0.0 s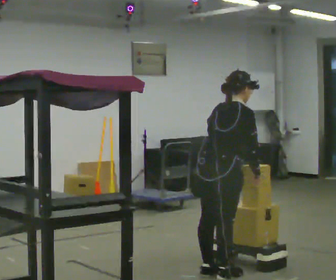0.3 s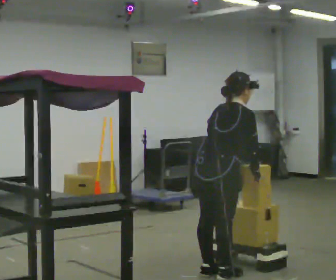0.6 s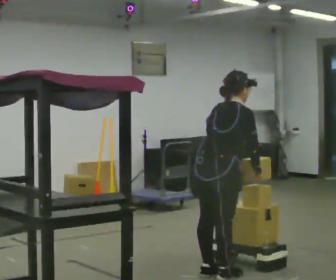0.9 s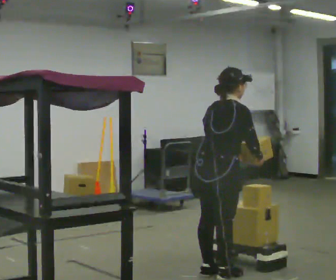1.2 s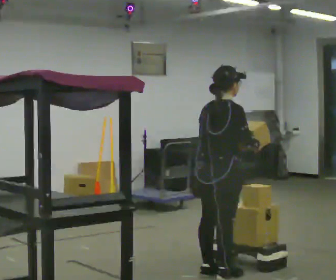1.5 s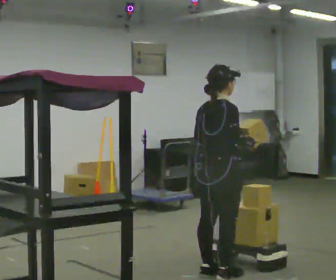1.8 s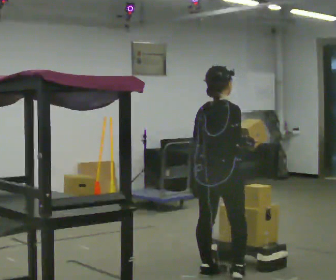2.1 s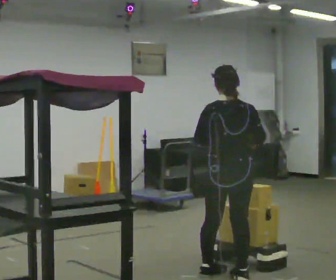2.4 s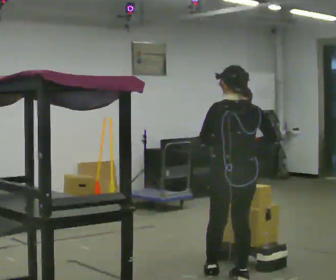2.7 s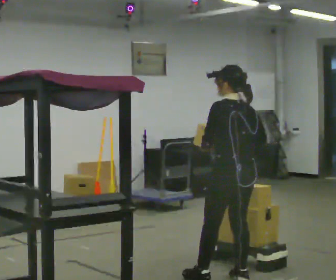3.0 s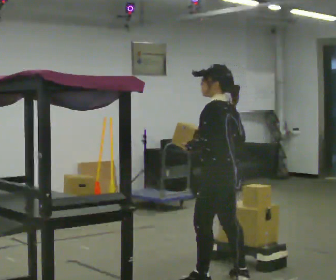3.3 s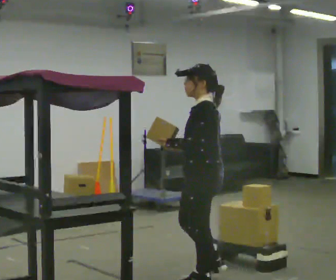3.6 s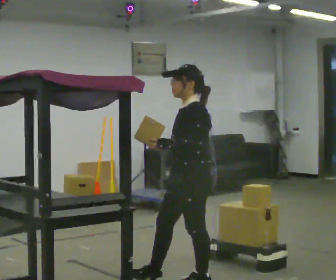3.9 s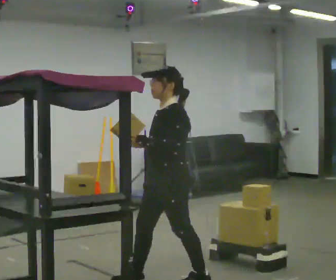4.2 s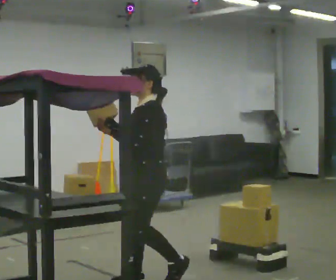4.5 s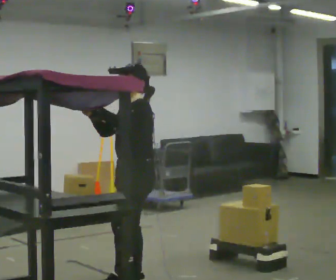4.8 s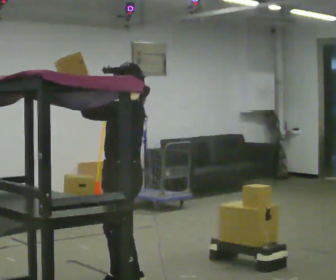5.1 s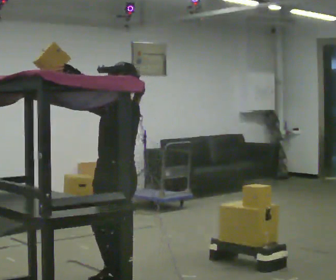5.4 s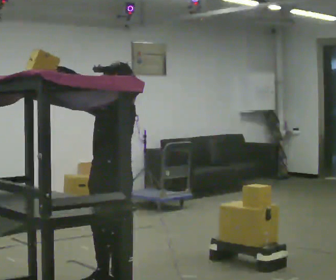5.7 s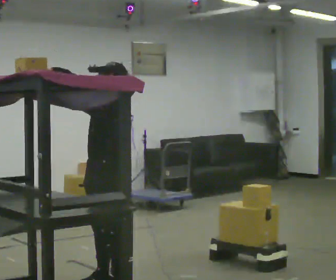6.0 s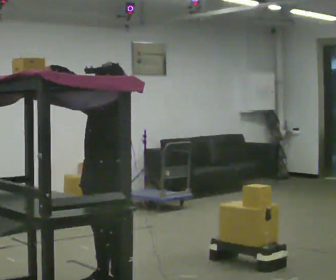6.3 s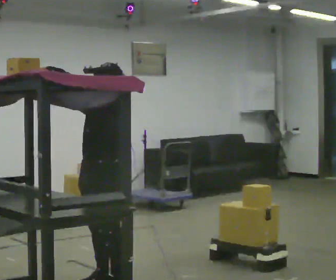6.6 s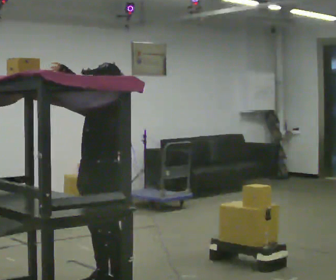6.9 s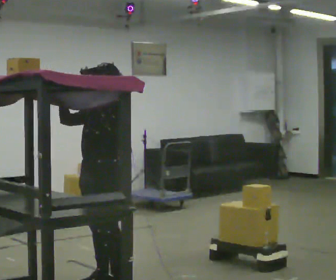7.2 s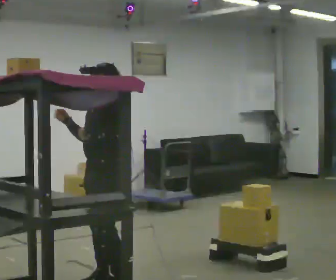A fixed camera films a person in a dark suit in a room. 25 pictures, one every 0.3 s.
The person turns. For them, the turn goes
to their left.
The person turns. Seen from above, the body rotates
counterclockwise.
0.0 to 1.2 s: In the picture the upper body tilts counterclockwise, shoulders to the left, as they lean back or straighten.
1.2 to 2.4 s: The part of the body nearest the lens slides to the right as the person turns to their left by about 60 degrees.
2.4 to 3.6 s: The person turns about 90 degrees to their left, counterclockwise seen from above, so the part of the body nearest the lens slides to the right. In the picture they go to the left, about 0.25 m in 1 step.
3.6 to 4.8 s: In the picture they go to the left, about 0.5 m in 2 steps, which for them is forward. In the picture their right hand goes upward.
4.8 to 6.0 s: The person moves a little, or ends about where they began.
6.0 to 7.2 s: In the picture their left hand goes downward.
The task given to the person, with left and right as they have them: Take an object from the highest shelf you can comfortably reach, carry it across, and place it on the lowest shelf. Keep going until the operator says stop; one object at a time, and do not rush between trips.
The film runs forward here.
